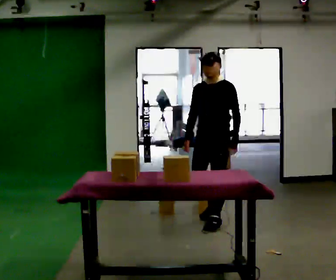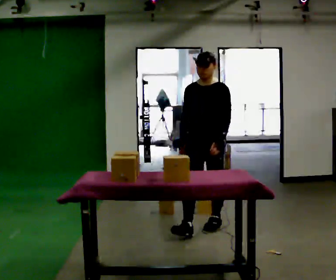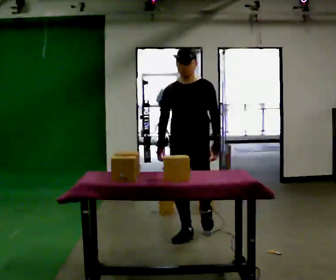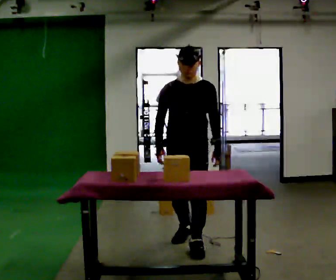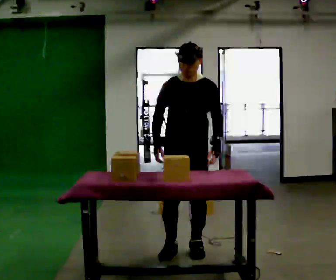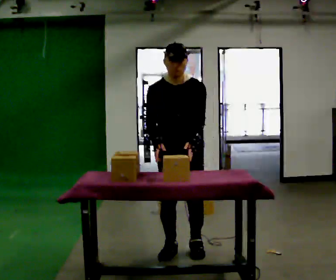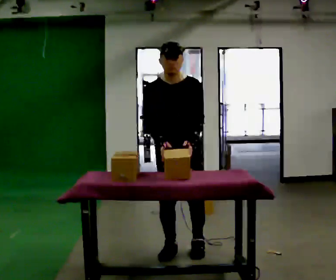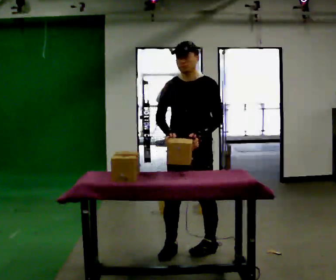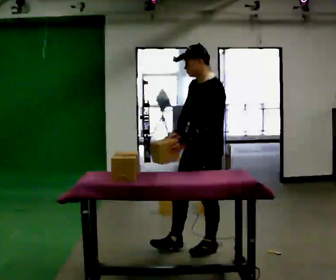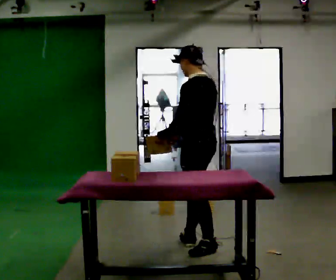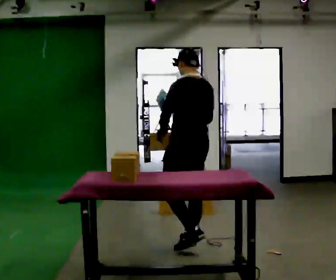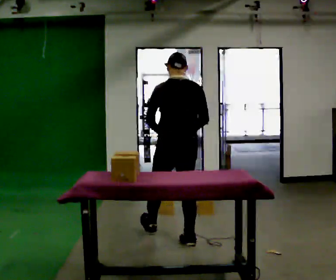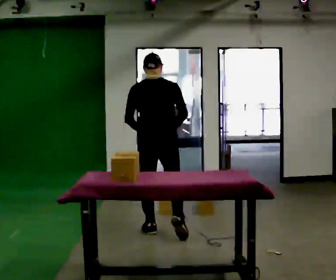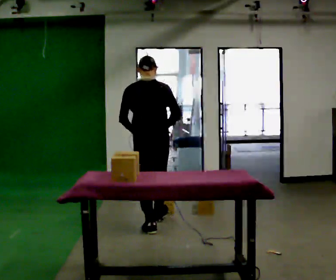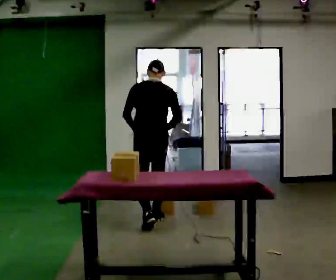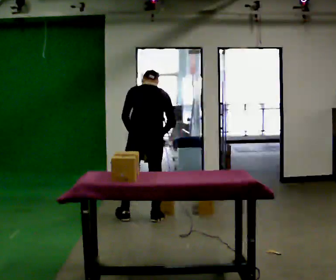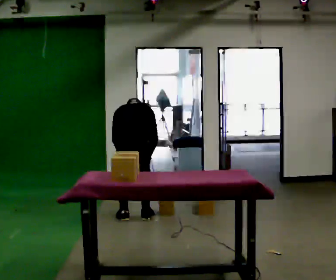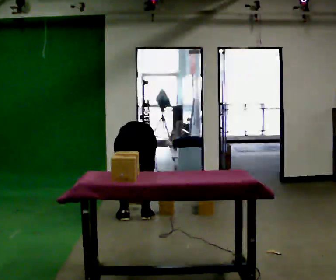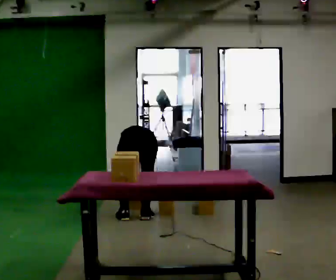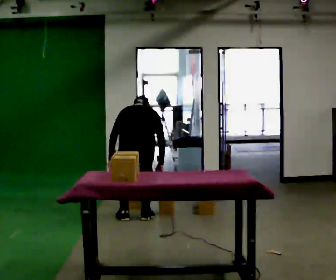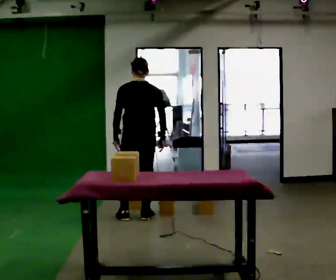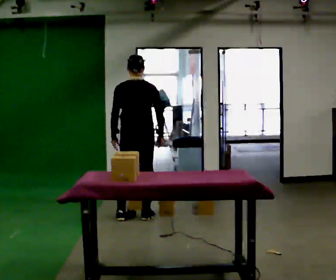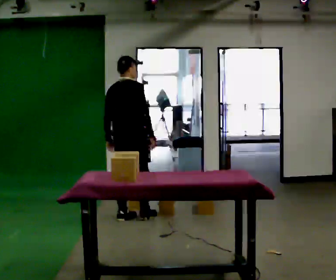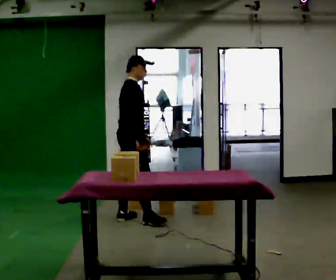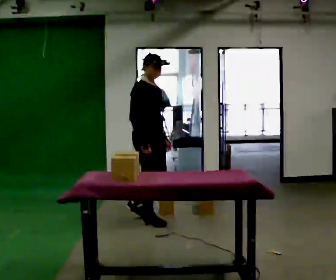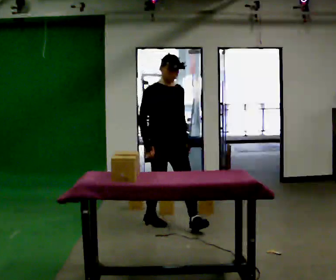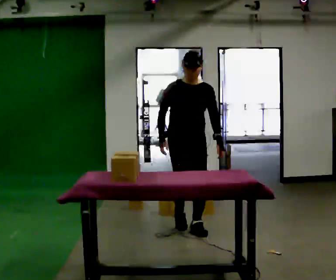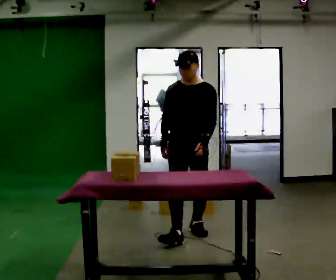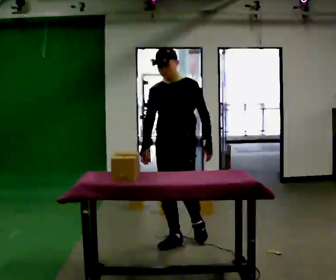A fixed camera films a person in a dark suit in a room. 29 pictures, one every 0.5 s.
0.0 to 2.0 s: The person turns about 30 degrees to their left, counterclockwise seen from above, so the part of the body nearest the lens slides to the right. In the picture they go toward the camera, about 1 m in 3 steps, which for them is forward.
2.0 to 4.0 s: The person turns about 60 degrees to their right, clockwise seen from above, so the part of the body nearest the lens slides to the left. In the picture they go to the right, about 0.25 m in 1 step.
4.0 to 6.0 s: The part of the body nearest the lens slides to the left as the person turns to their right by about 105 degrees. In the picture they go away from the camera and to the left, about 0.5 m in 2 steps.
6.0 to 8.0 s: In the picture they go away from the camera and to the left, about 0.5 m in 2 steps, which for them is forward. The shoulders move downward. The upper body tips away from the camera, its near side rolling upward, as they bend forward. In the picture their left hand goes downward.
8.0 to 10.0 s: In the picture they go away from the camera, about 0.25 m, which for them is forward.
10.0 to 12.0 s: The part of the body nearest the lens slides to the left as the person turns to their right by about 120 degrees. In the picture they go toward the camera, about 0.25 m. In the picture their left hand goes to the right, the arm swinging counterclockwise.
12.0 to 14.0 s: The person turns about 90 degrees to their right, clockwise seen from above, so the part of the body nearest the lens slides to the left. In the picture they go toward the camera, about 1 m in 2 steps.
The film runs forward here.
